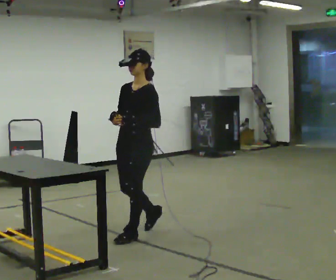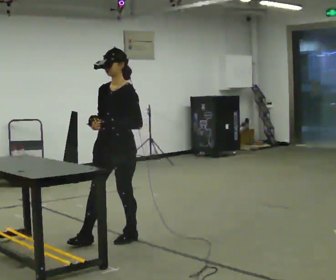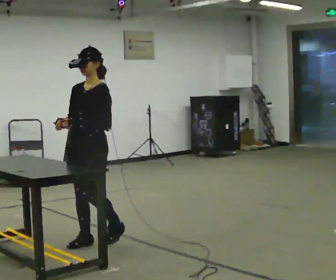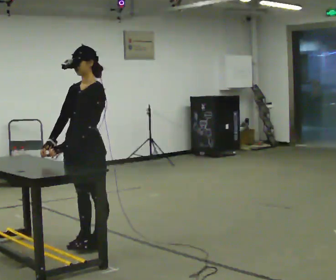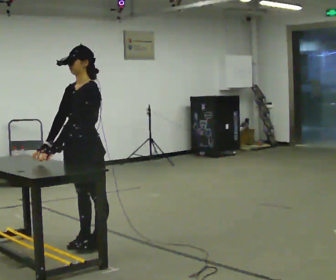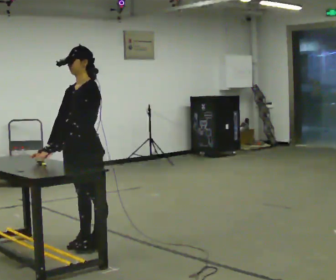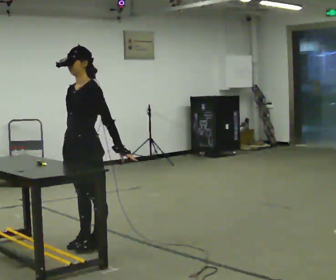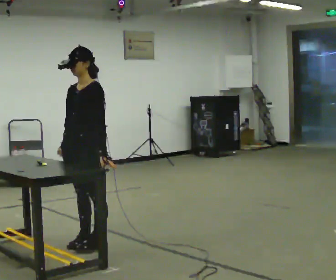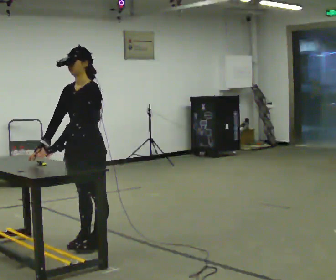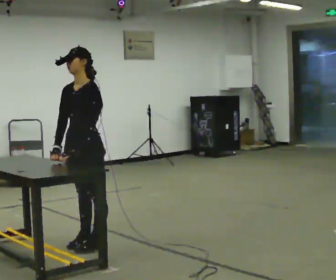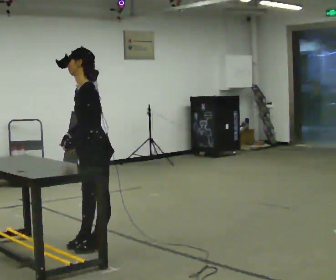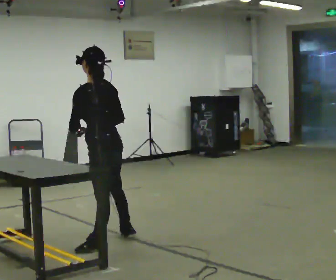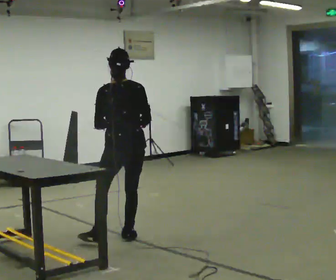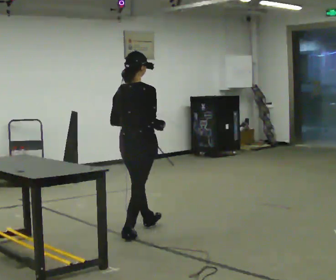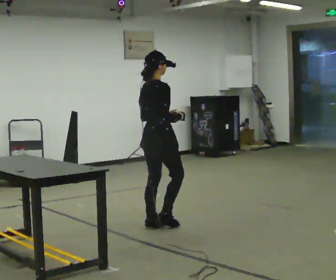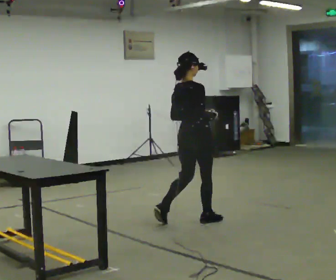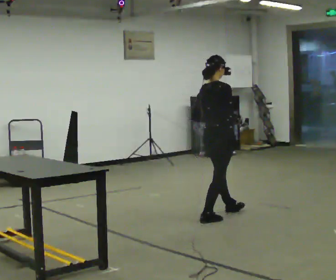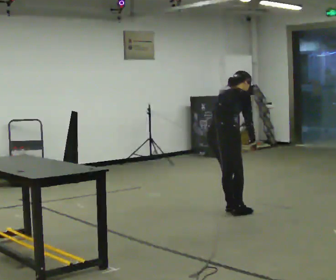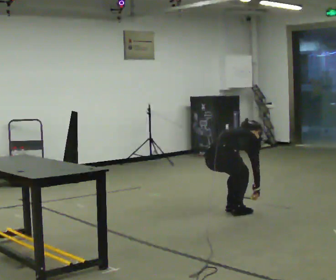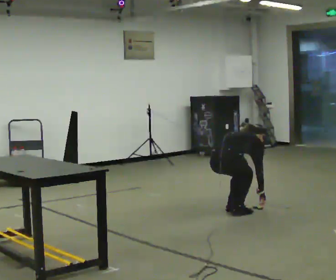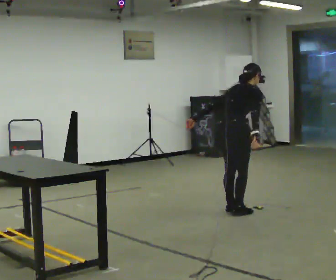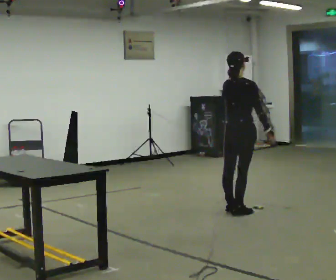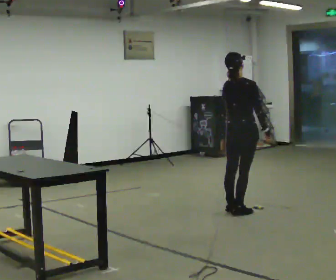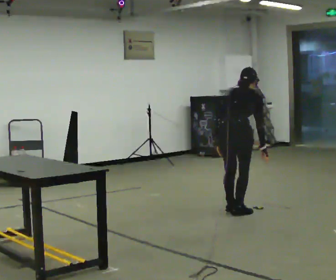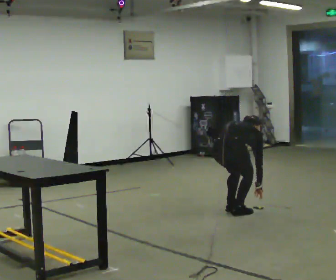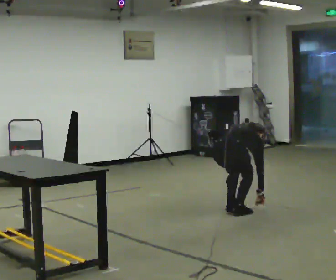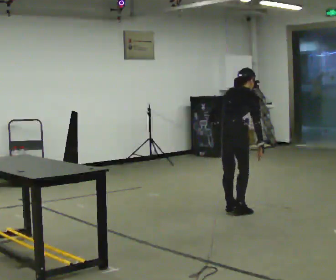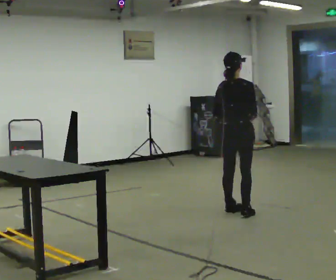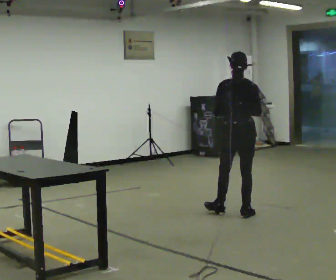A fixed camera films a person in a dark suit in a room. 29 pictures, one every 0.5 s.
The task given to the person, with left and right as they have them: Fetch the tool from the shelf, carry it to the workpiece, use it there as the operator shows you, then take it back to the shelf. Keep going until the operator says stop; one object at a time, and do not rush between trips.
0.0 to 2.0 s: In the picture they go to the left and toward the camera, about 0.5 m in 2 steps, which for them is forward.
2.0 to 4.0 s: The person moves a little, or ends about where they began.
4.0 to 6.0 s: The person turns about 120 degrees to their right, clockwise seen from above, so the part of the body nearest the lens slides to the left. In the picture they go to the right and away from the camera, about 0.25 m in 1 step.
6.0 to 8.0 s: The part of the body nearest the lens slides to the left as the person turns to their right by about 75 degrees. In the picture they go to the right and away from the camera, about 1 m in 3 steps.
8.0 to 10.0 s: In the picture they go to the right, about 0.25 m in 1 step, which for them is forward.
10.0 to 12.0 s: The upper body goes downward. In the picture their right hand goes downward.
12.0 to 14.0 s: Seen from above the body turns counterclockwise, about 45 degrees: to their left, with its near side sliding to the right. In the picture the upper body tilts counterclockwise, shoulders to the left, as they lean back or straighten. In the picture their right hand goes upward.
The film runs forward here.
